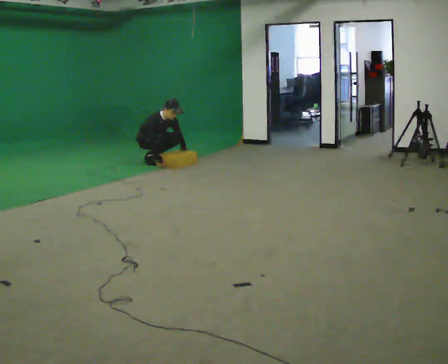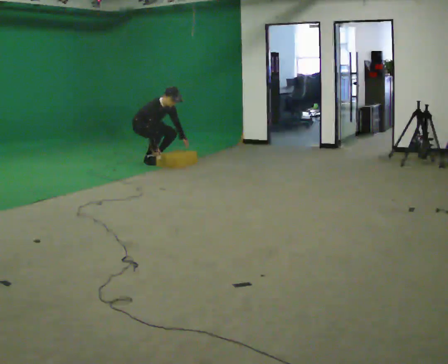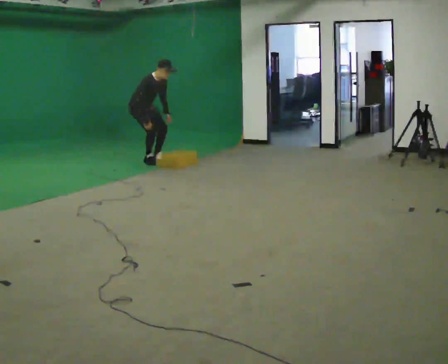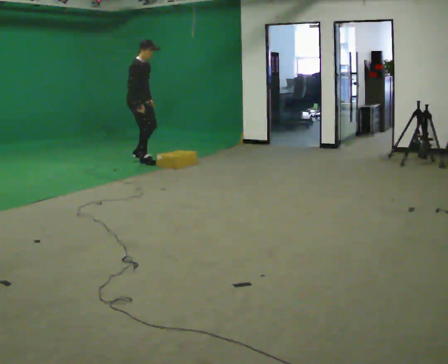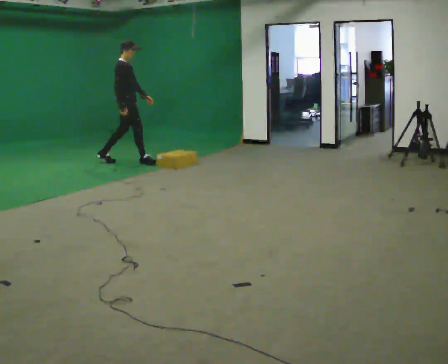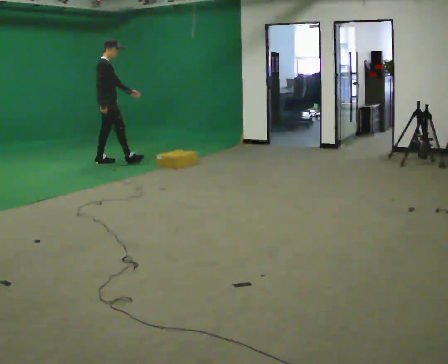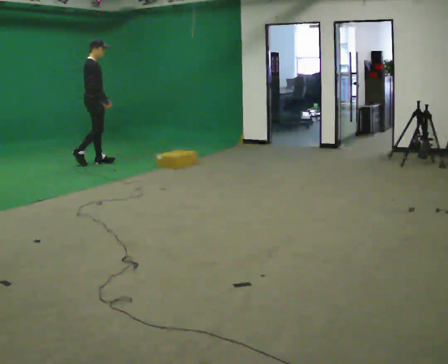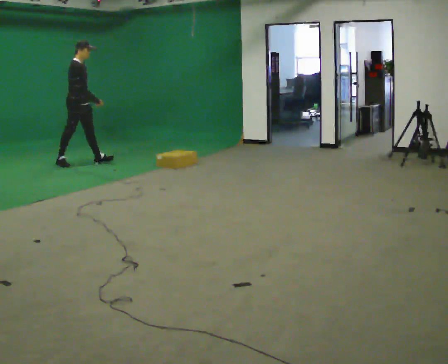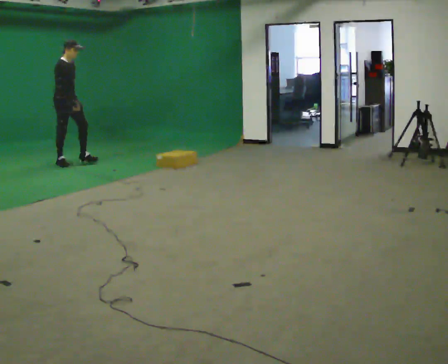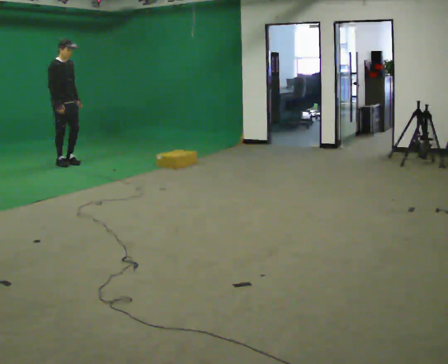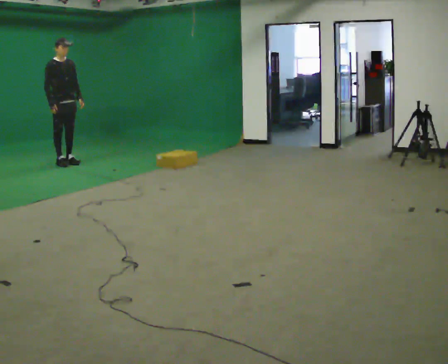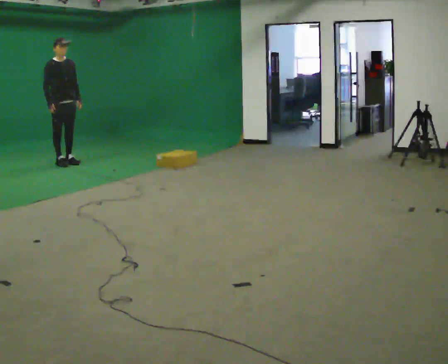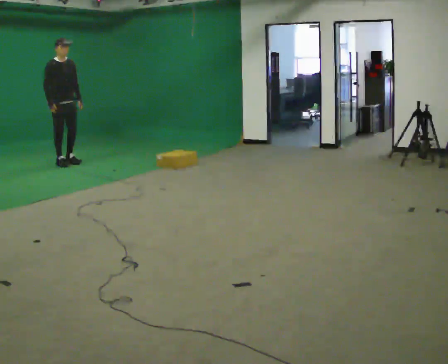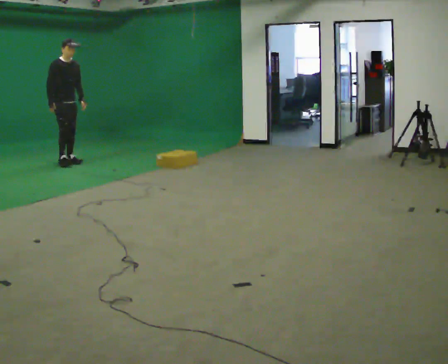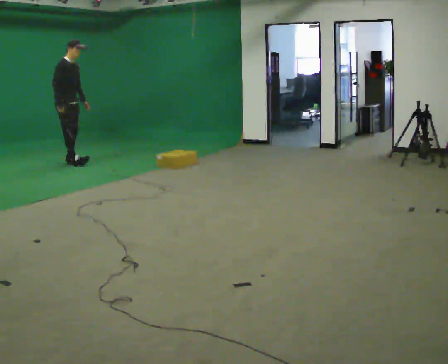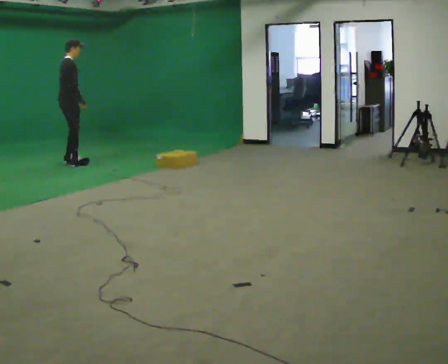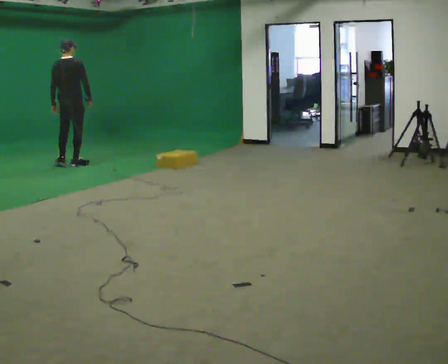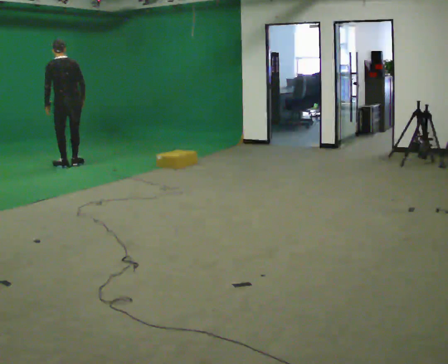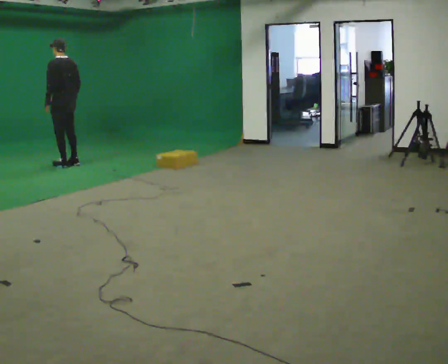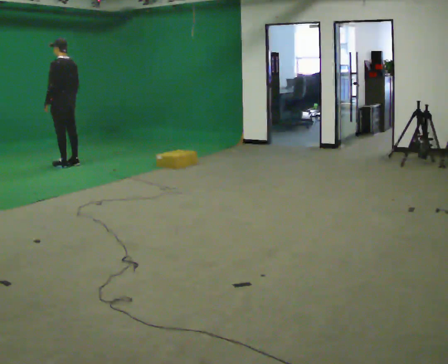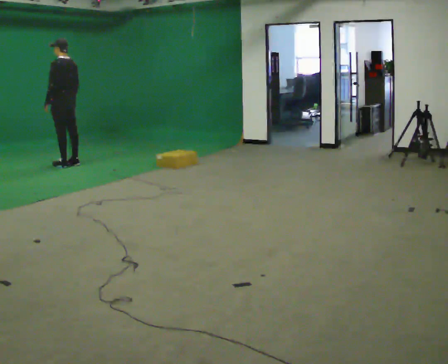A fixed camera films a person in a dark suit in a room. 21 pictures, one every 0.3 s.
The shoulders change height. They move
upward.
The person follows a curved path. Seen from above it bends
counterclockwise.
0.0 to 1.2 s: Seen from above the body turns counterclockwise, about 45 degrees: to their left, with its near side sliding to the right. In the picture they go to the left, about 0.25 m in 1 step, which for them is to their right. The shoulders move upward. In the picture the upper body tilts counterclockwise, shoulders to the left, as they lean back or straighten. In the picture their right hand goes upward.
1.2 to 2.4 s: In the picture they go to the left, about 1 m in 2 steps, which for them is backward.
2.4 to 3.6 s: Seen from above the body turns clockwise, about 30 degrees: to their right, with its near side sliding to the left.
3.6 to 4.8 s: The part of the body nearest the lens slides to the right as the person turns to their left by about 105 degrees. In the picture their left hand goes to the left, the arm swinging clockwise.
4.8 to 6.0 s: The part of the body nearest the lens slides to the right as the person turns to their left by about 90 degrees.
The film runs backward here.
